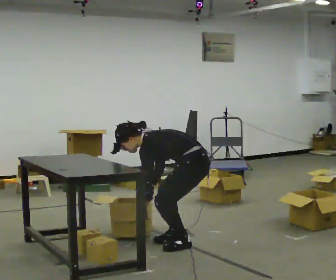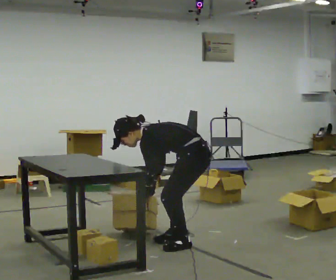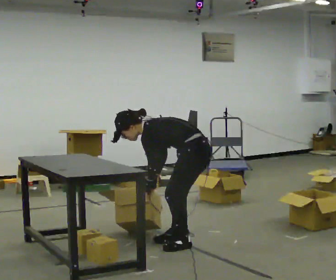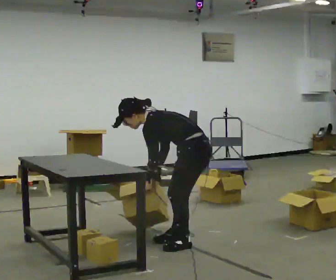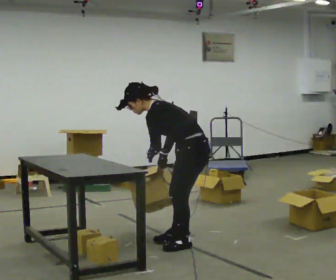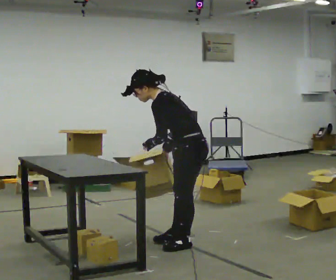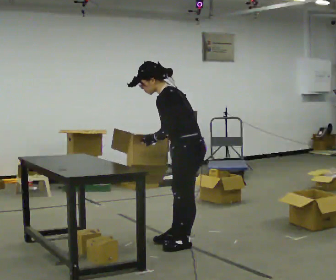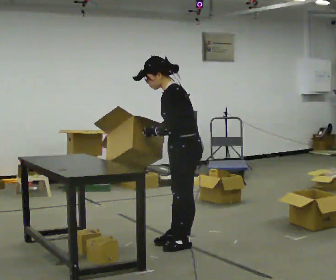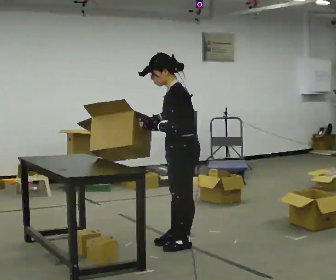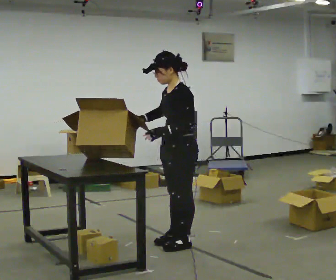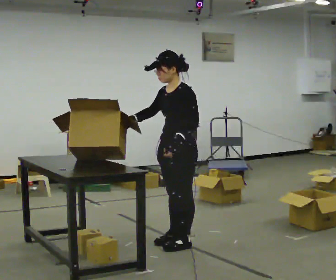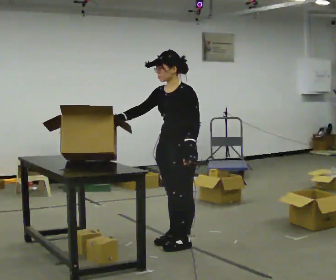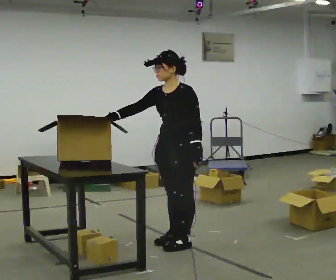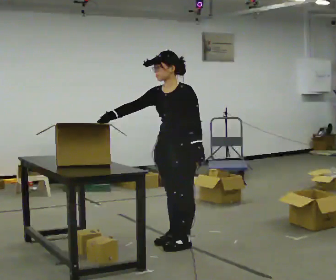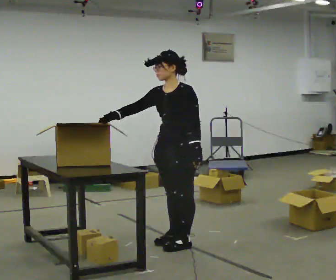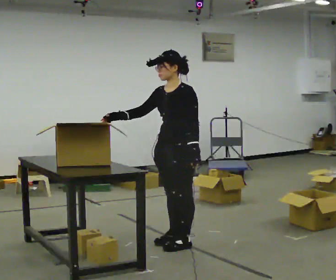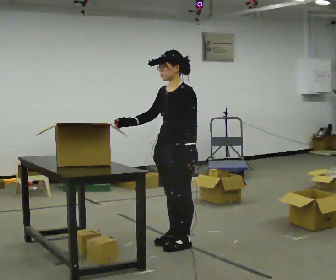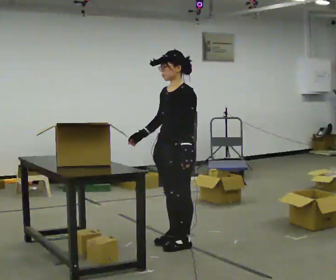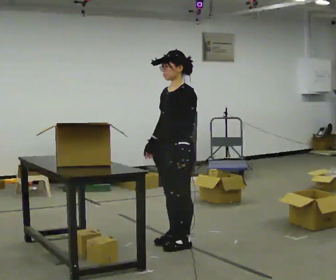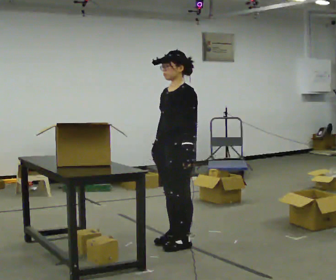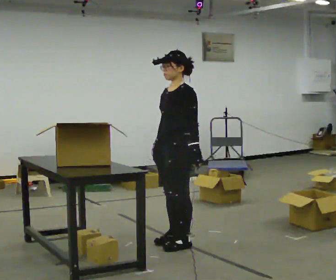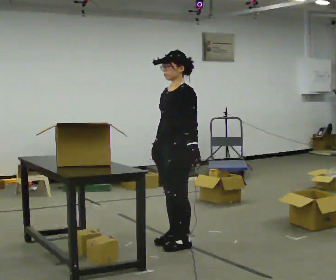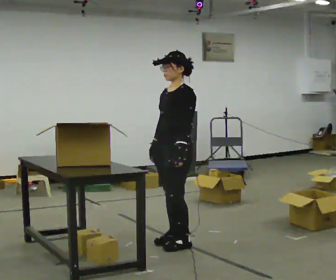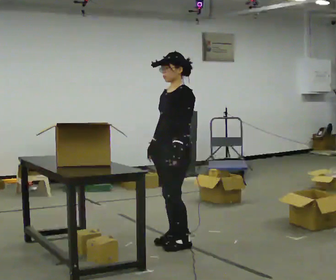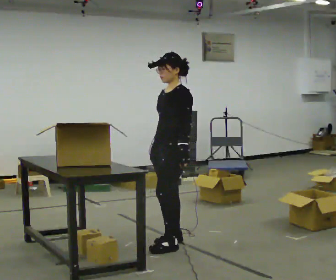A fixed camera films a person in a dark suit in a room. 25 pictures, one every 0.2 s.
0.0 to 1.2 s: The shoulders move upward. In the picture the upper body tilts clockwise, shoulders to the right, as they lean back or straighten. In the picture their right hand goes upward.
1.2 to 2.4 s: The part of the body nearest the lens slides to the right as the person turns to their left by about 60 degrees. In the picture the upper body tilts clockwise, shoulders to the right, as they lean back or straighten. In the picture their right hand goes to the left.
2.4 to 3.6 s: In the picture their right hand goes to the right.
3.6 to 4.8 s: The person moves a little, or ends about where they began.
The film runs backward here.
